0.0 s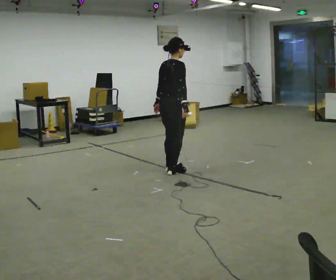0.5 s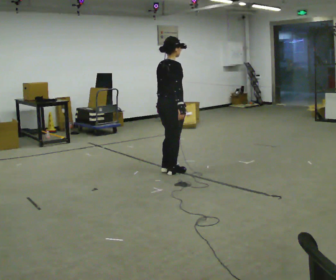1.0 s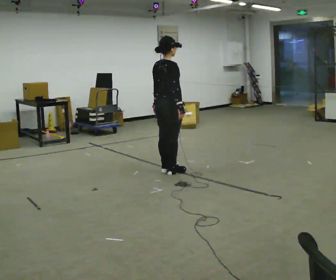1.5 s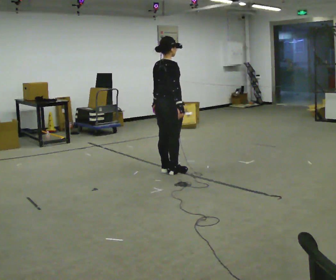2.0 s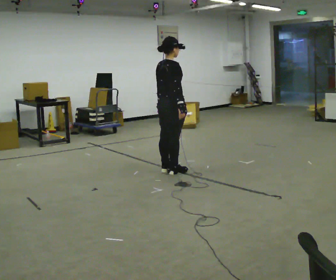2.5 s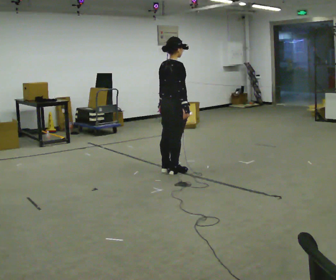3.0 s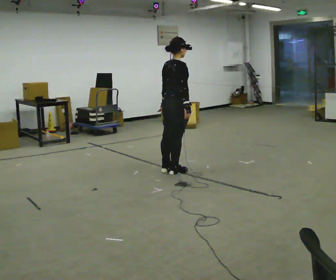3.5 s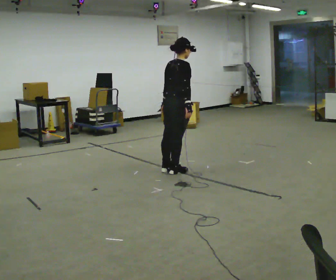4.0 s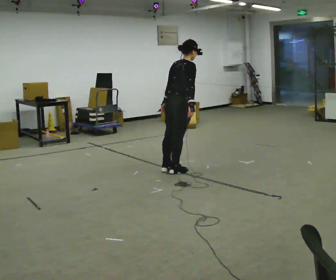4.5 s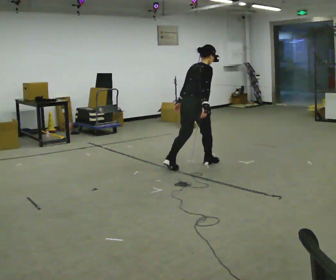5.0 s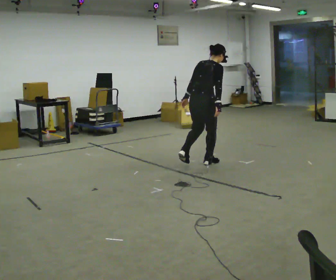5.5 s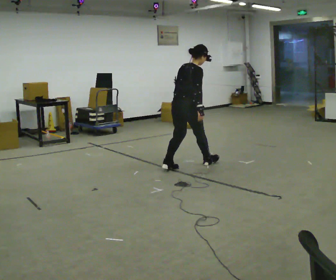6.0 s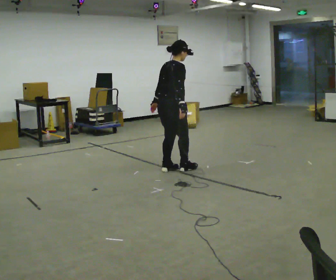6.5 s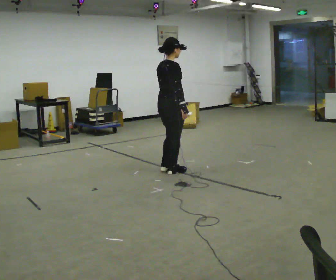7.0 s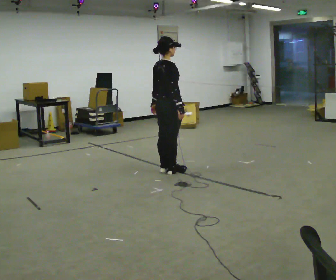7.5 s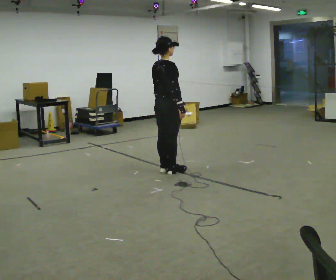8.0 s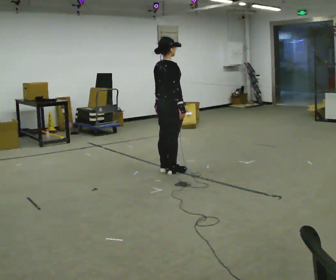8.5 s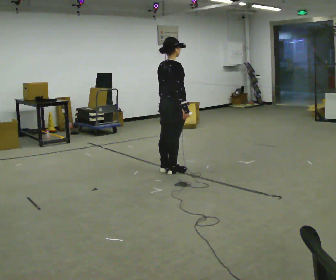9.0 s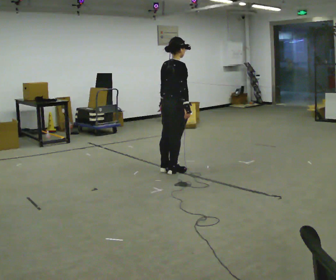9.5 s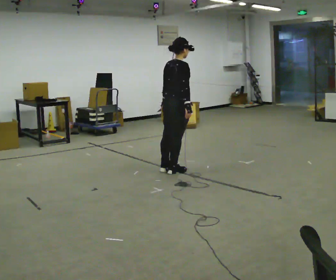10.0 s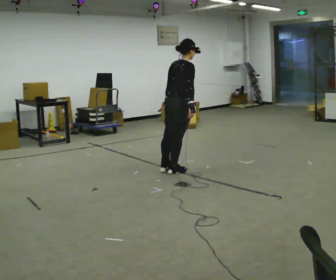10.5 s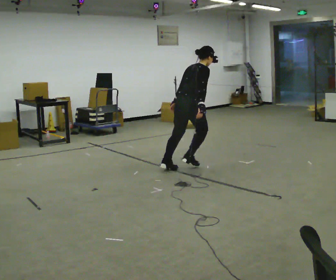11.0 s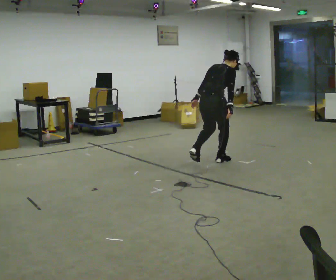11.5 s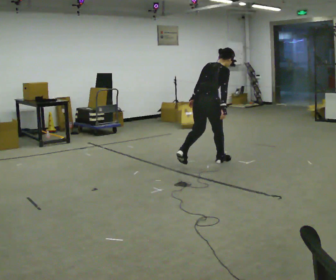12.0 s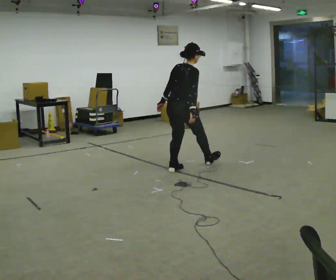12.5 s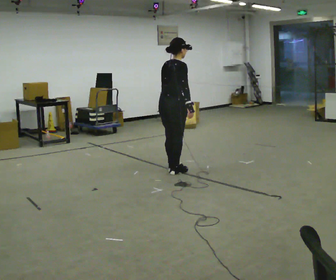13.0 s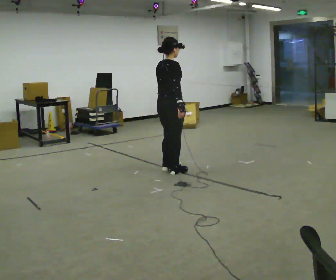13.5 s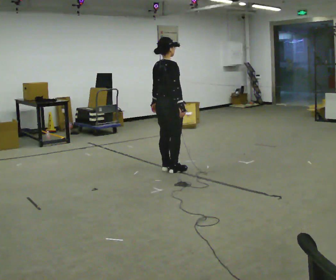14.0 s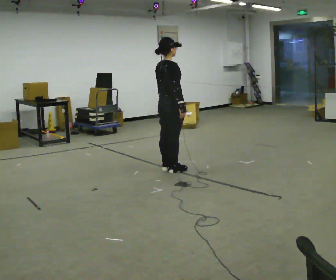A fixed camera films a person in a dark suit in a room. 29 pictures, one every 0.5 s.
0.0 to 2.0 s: The person moves a little, or ends about where they began.
2.0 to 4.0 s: In the picture the upper body tilts clockwise, shoulders to the right, as they bend forward.
4.0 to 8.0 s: The person moves a little, or ends about where they began.
8.0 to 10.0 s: In the picture the upper body tilts clockwise, shoulders to the right, as they bend forward.
10.0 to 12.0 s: The person moves a little, or ends about where they began.
12.0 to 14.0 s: In the picture the upper body tilts counterclockwise, shoulders to the left, as they lean back or straighten.
The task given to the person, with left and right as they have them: Stand on the marked spots with your feet together. Lean forward from the ankles, keeping your body straight, until you cannot hold it any longer, then step forward to catch yourself. Return to the spots. Repeat at your own pace until the operator says stop. Go slowly and only as far as you are comfortable. Step whenever you need to; do not try to hold on longer than feels safe.
The film runs forward here.
